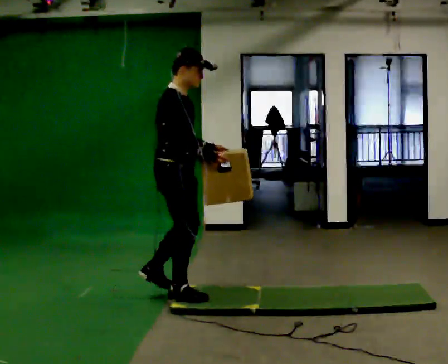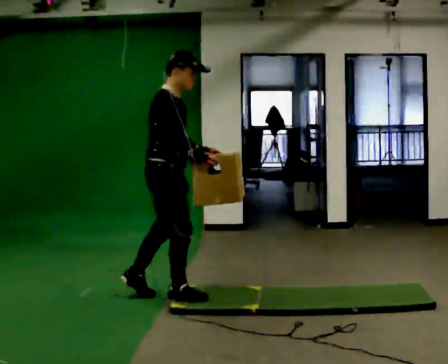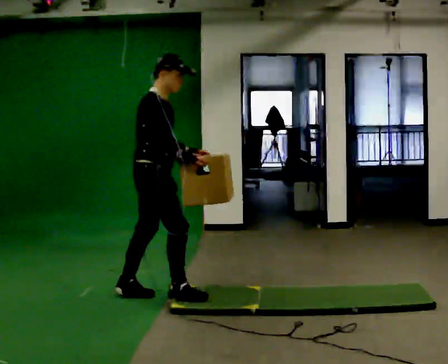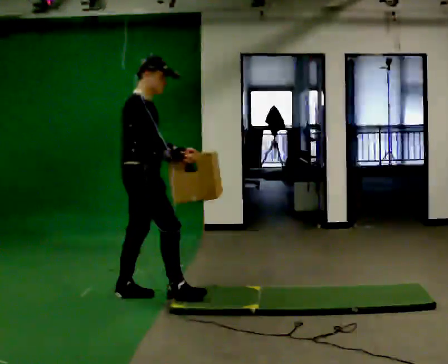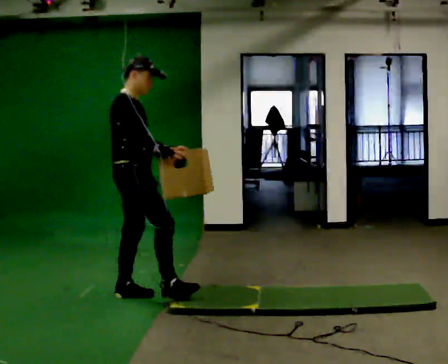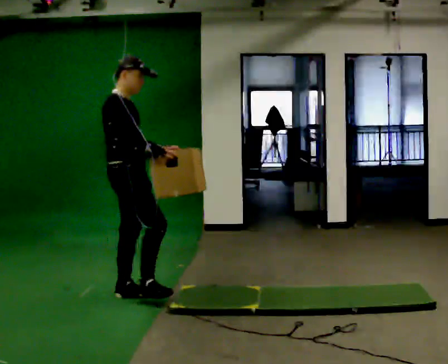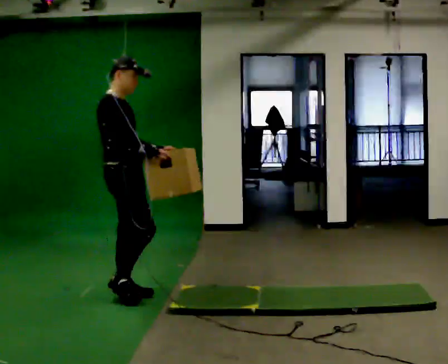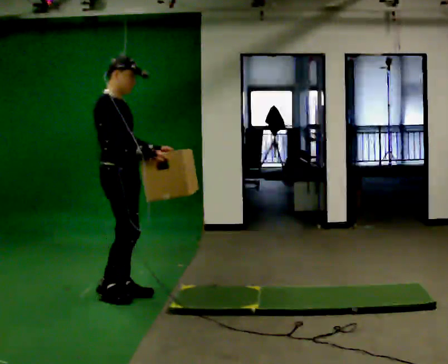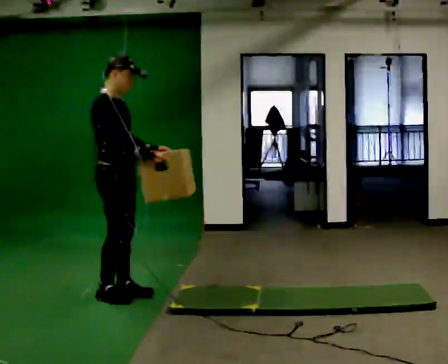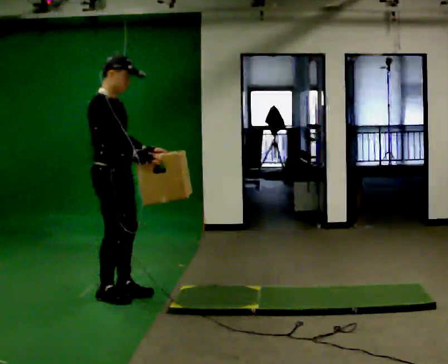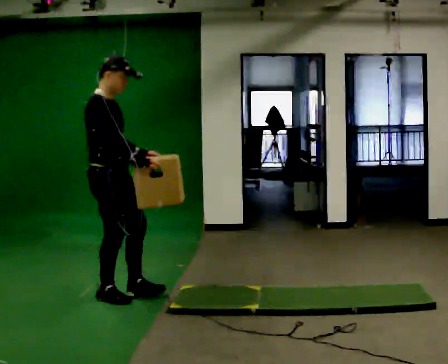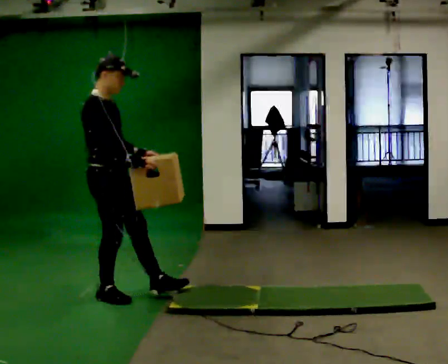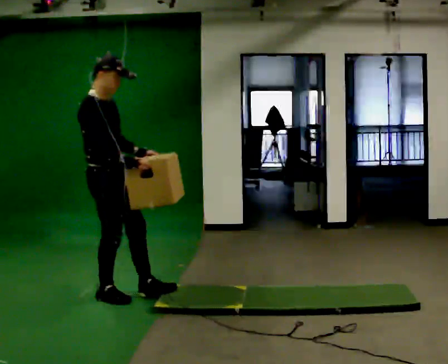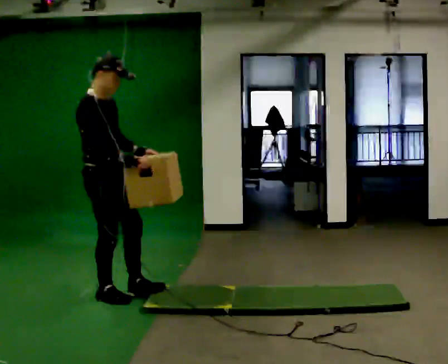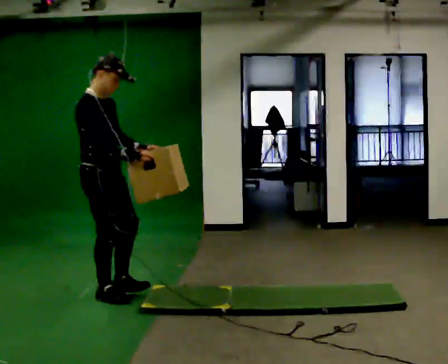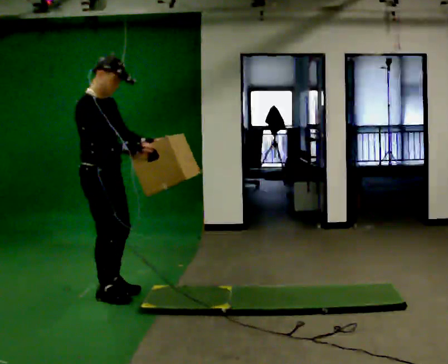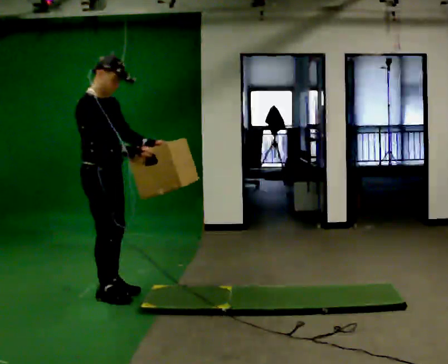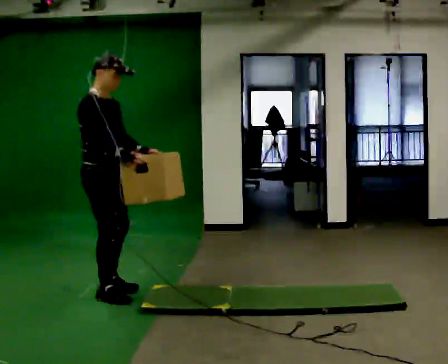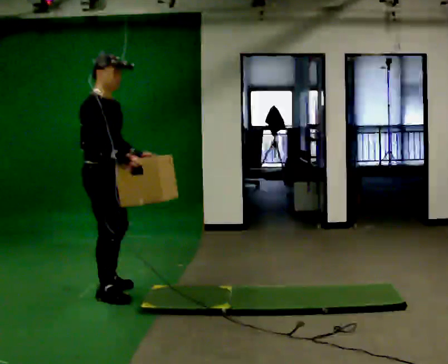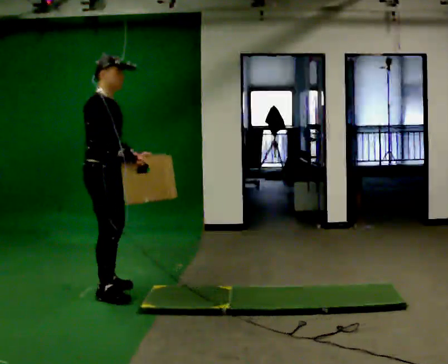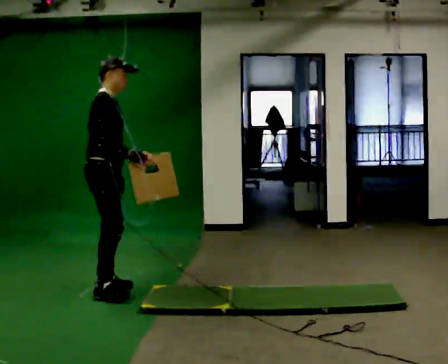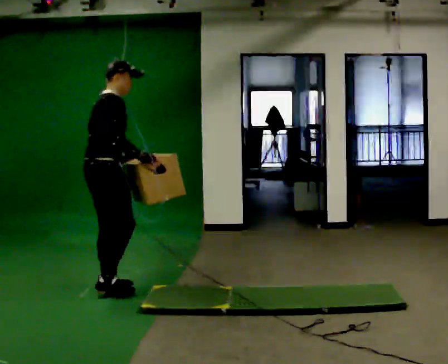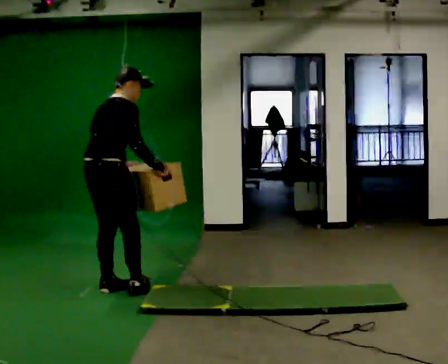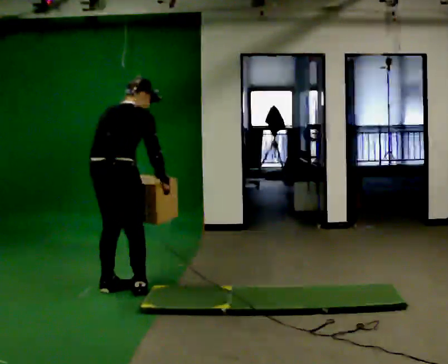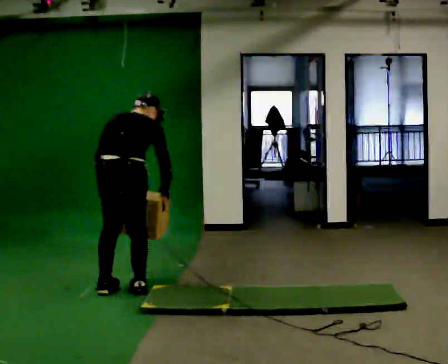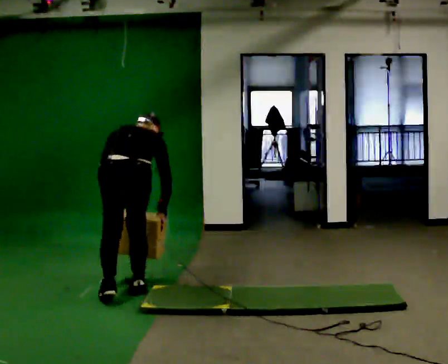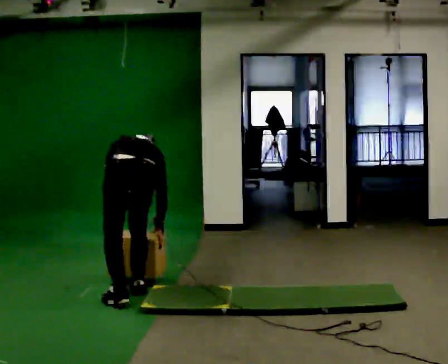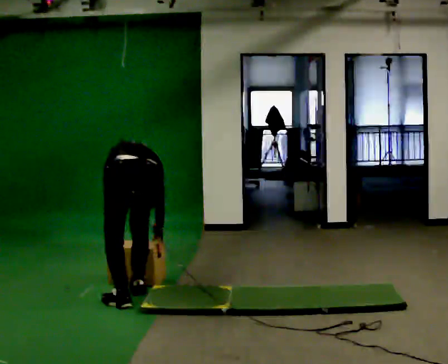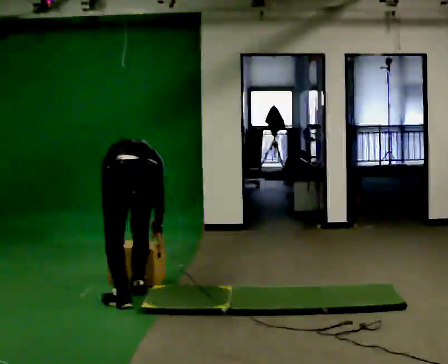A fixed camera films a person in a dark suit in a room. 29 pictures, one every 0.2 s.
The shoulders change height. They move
downward.
0.0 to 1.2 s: In the picture they go to the left and away from the camera, about 0.5 m in 1 step, which for them is backward.
1.2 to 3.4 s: In the picture they go to the left, about 0.25 m, which for them is backward.
3.4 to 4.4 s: The part of the body nearest the lens slides to the right as the person turns to their left by about 60 degrees. The upper body tips away from the camera, its near side rolling upward, as they bend forward.
4.4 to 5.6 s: Seen from above the body turns counterclockwise, about 60 degrees: to their left, with its near side sliding to the right. In the picture they go to the right and toward the camera, about 0.25 m in 1 step. The shoulders move downward. The upper body tips away from the camera, its near side rolling upward, as they bend forward. In the picture their right hand goes downward.
The film runs backward here.
